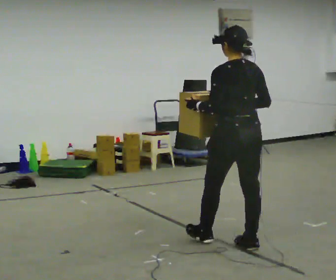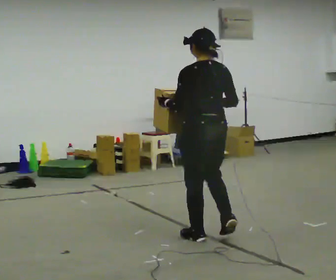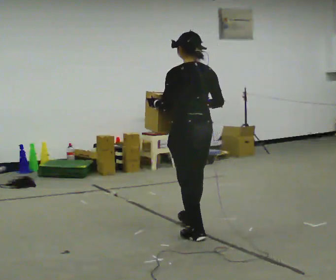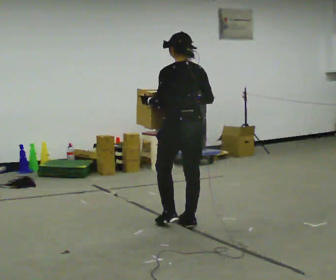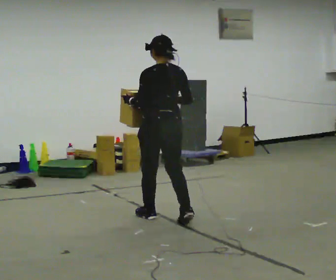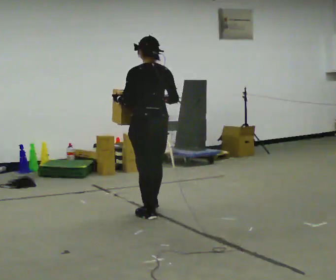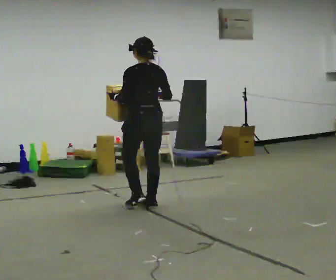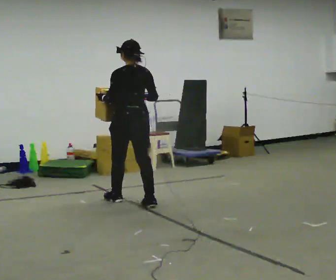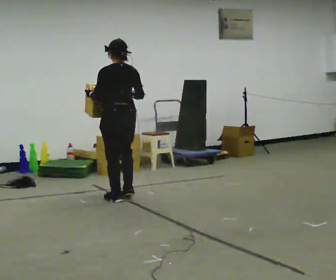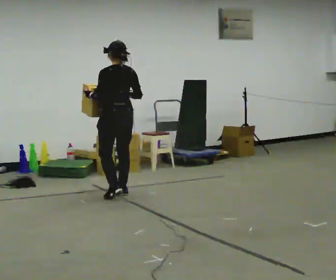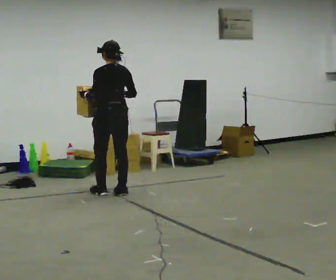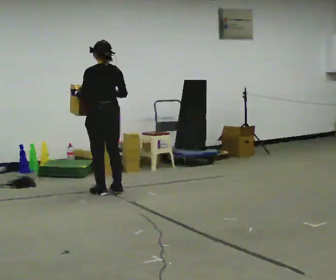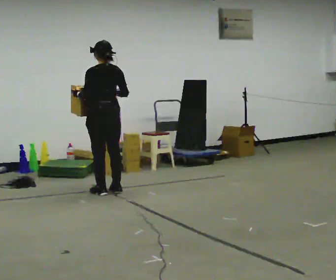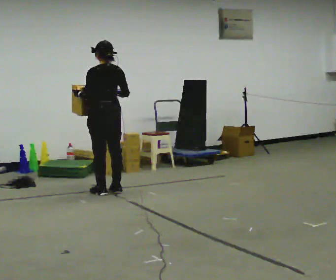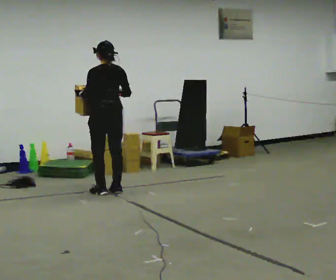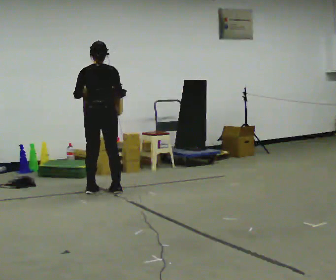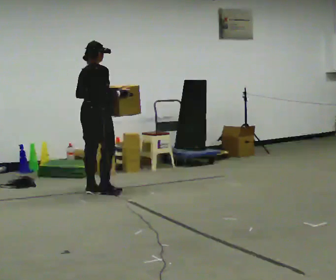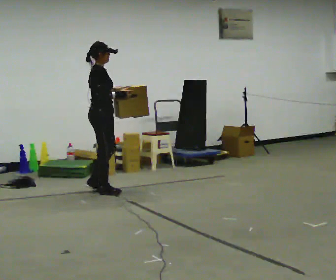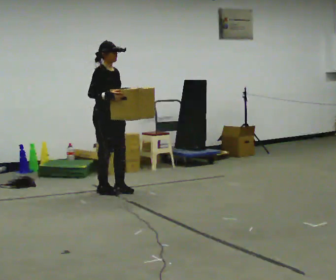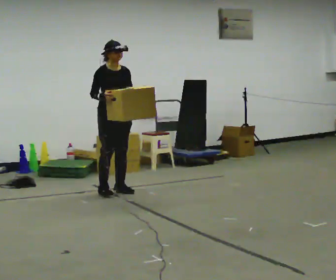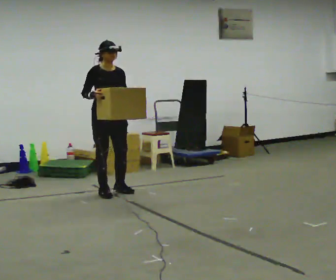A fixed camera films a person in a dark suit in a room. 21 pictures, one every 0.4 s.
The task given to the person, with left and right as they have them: Carry the heavy box in both hands in front of you, walking back and forth across the room. Keep walking until the operator says stop. Set it down if you need a rest.
0.0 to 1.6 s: In the picture they go away from the camera and to the left, about 1 m in 3 steps, which for them is forward.
1.6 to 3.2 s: In the picture they go away from the camera and to the left, about 1 m in 2 steps, which for them is forward.
3.2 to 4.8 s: In the picture they go away from the camera, about 0.25 m in 2 steps, which for them is forward.
4.8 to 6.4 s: The part of the body nearest the lens slides to the left as the person turns to their right by about 75 degrees.
6.4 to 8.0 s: The person turns about 90 degrees to their right, clockwise seen from above, so the part of the body nearest the lens slides to the left. In the picture their left hand goes to the right.
The film runs forward here.
